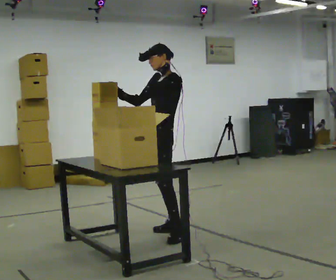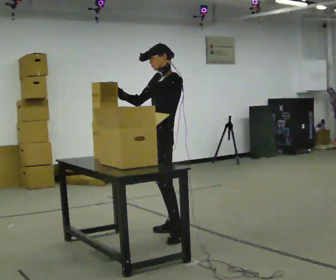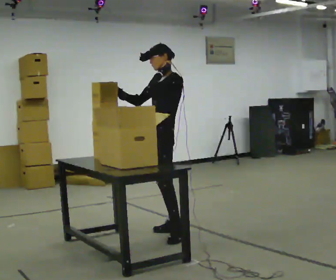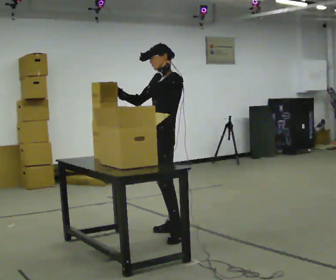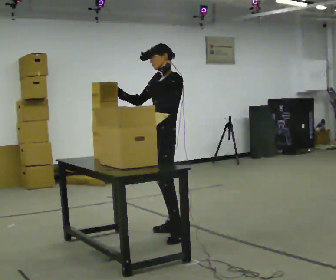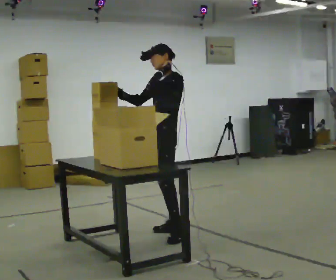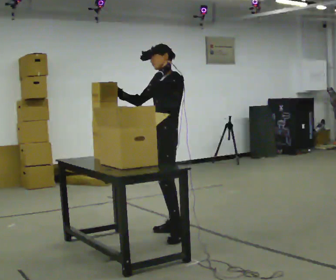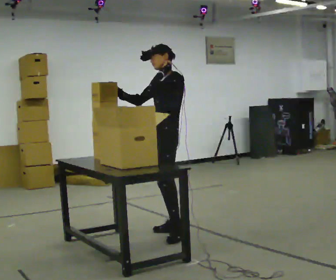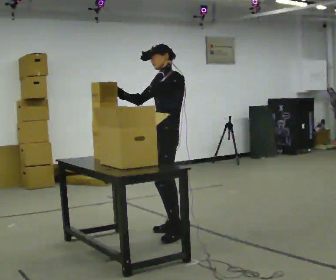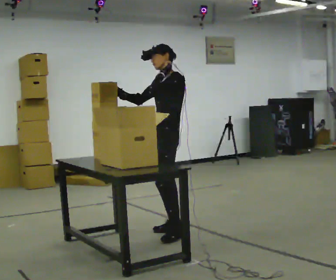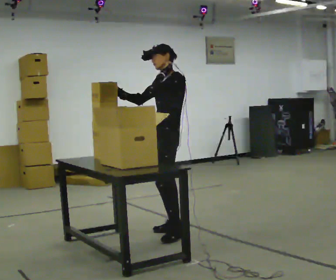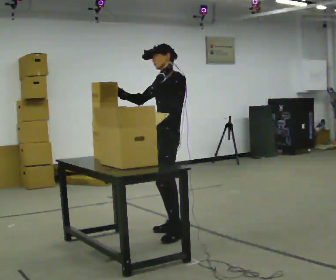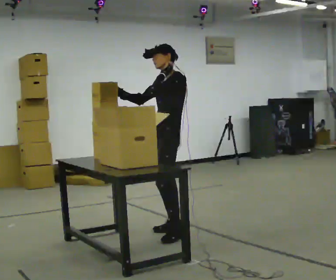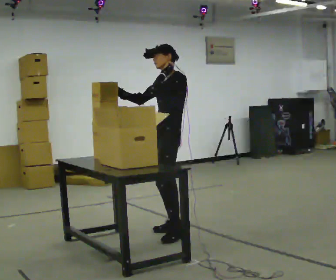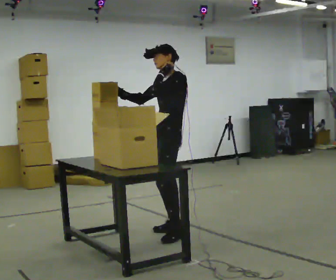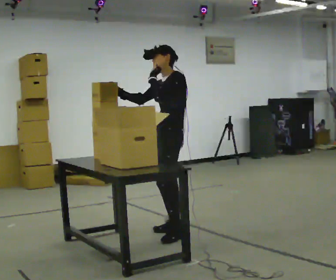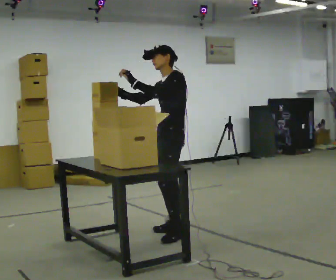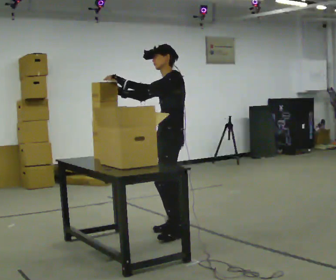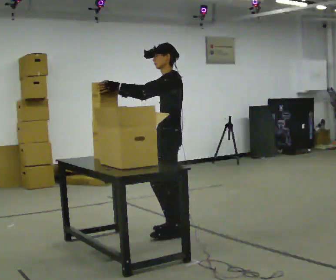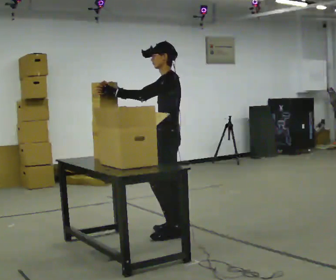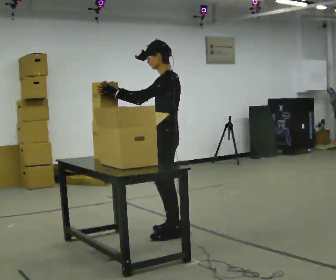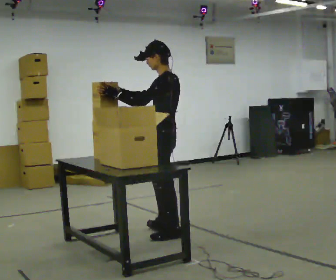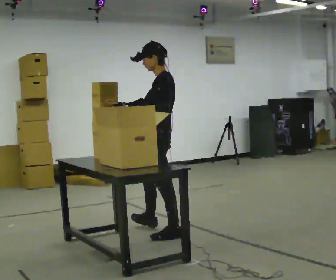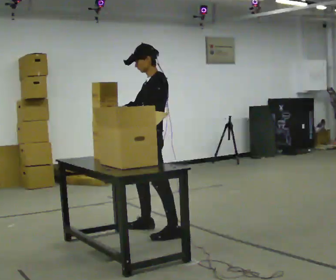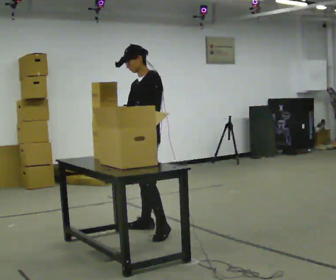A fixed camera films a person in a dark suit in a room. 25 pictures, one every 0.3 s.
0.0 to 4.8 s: The person moves a little, or ends about where they began.
4.8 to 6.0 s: The part of the body nearest the lens slides to the left as the person turns to their right by about 30 degrees. In the picture they go toward the camera, about 0.25 m, which for them is to their left.
6.0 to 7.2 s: Seen from above the body turns counterclockwise, about 45 degrees: to their left, with its near side sliding to the right. In the picture they go away from the camera and to the left, about 0.25 m in 1 step, which for them is to their right and forward.
The film runs forward here.
